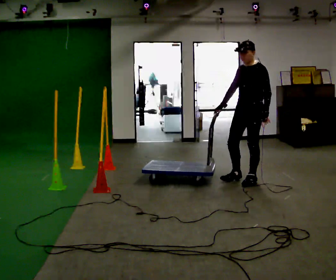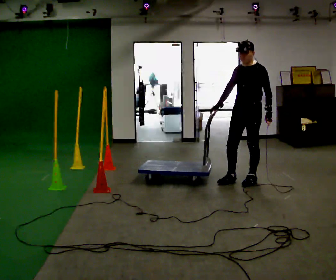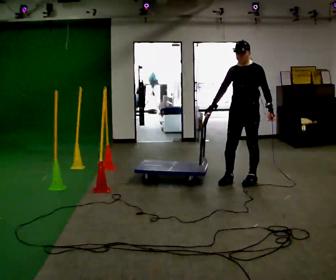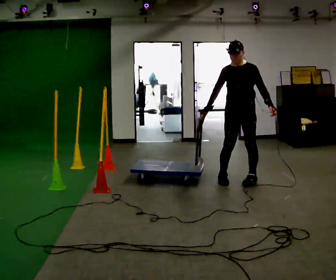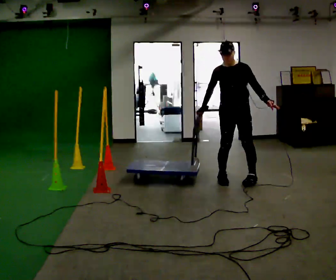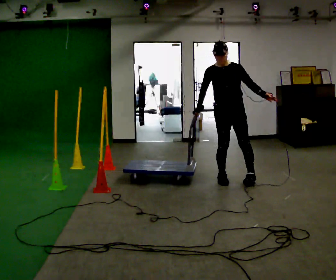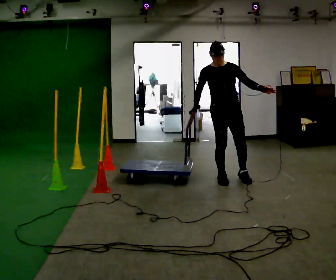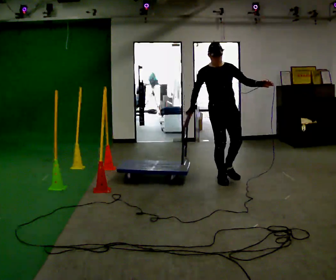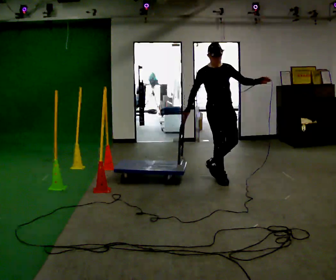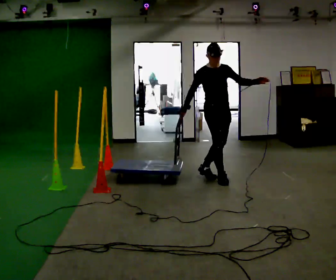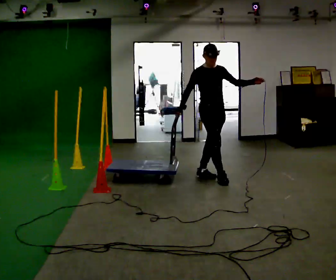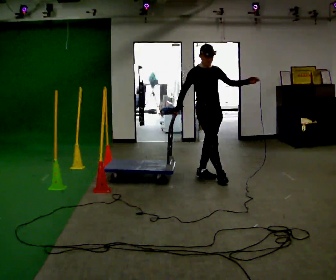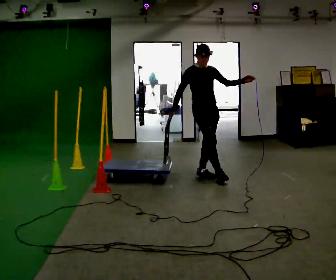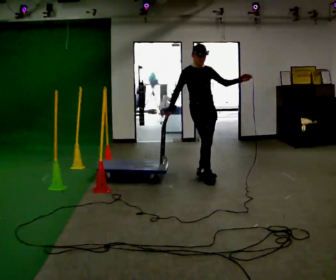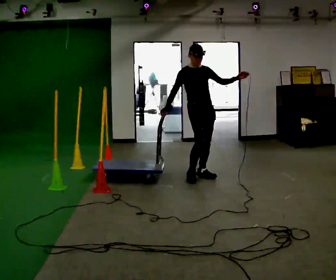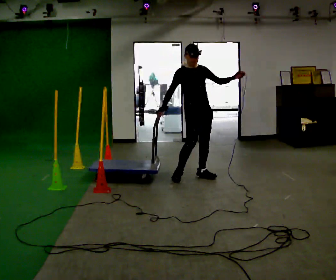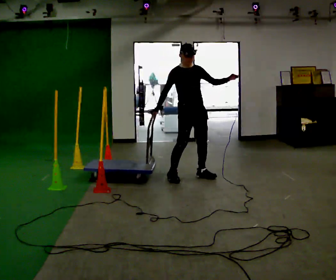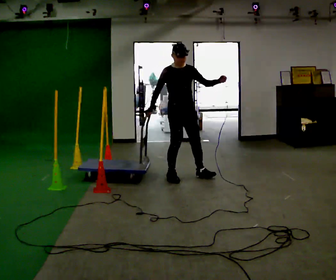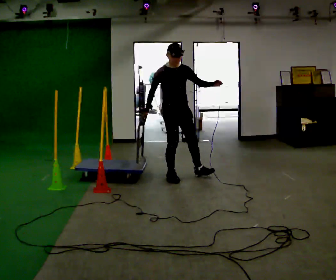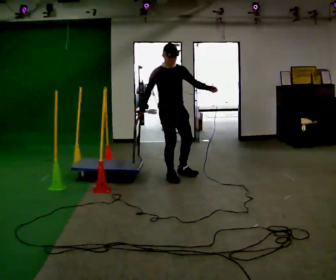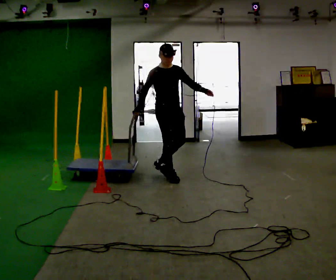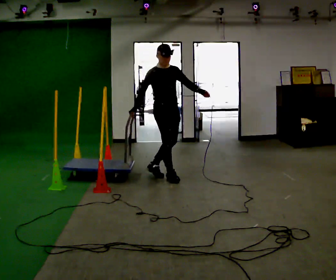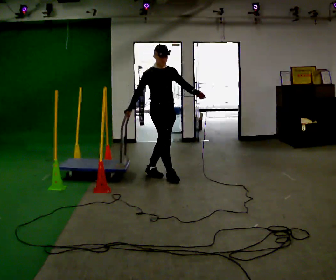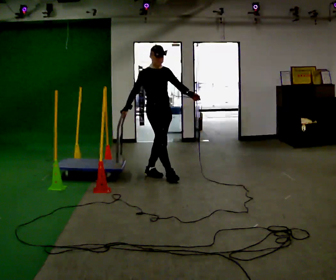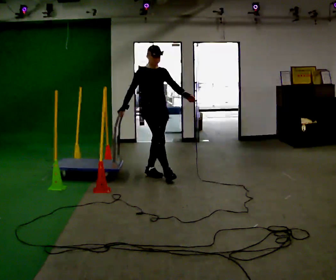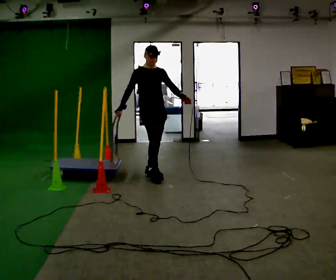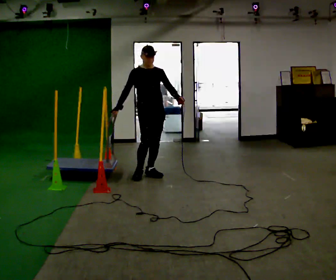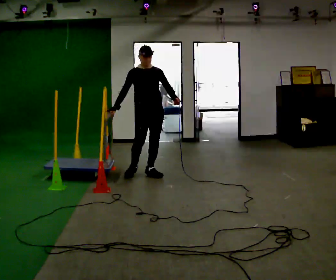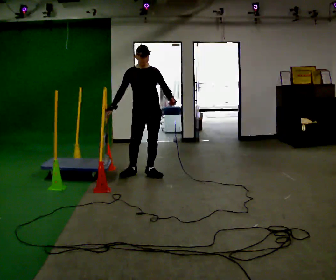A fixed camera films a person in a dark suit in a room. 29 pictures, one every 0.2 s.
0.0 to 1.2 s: The part of the body nearest the lens slides to the right as the person turns to their left by about 60 degrees. In the picture they go to the left, about 0.25 m in 2 steps, which for them is to their right.
1.2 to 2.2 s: Seen from above the body turns counterclockwise, about 45 degrees: to their left, with its near side sliding to the right. In the picture they go to the left and away from the camera, about 0.25 m, which for them is backward.
2.2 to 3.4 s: In the picture they go to the left, about 0.25 m in 1 step, which for them is to their right and backward.
3.4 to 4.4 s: In the picture they go to the left, about 0.25 m in 1 step, which for them is to their right and backward.
4.4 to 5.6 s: The person turns about 30 degrees to their right, clockwise seen from above, so the part of the body nearest the lens slides to the left. In the picture they go to the left, about 0.25 m in 1 step, which for them is backward.
The film runs backward here.
